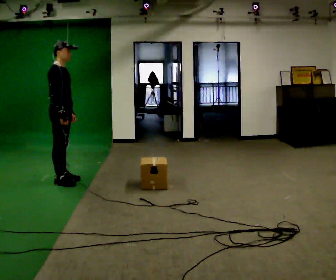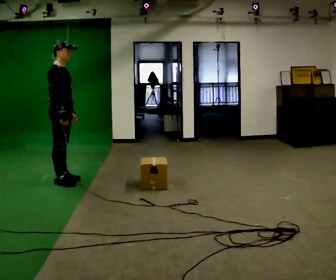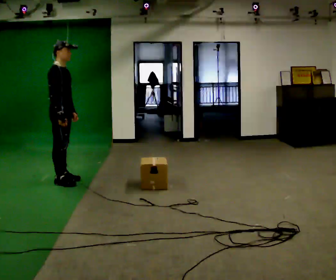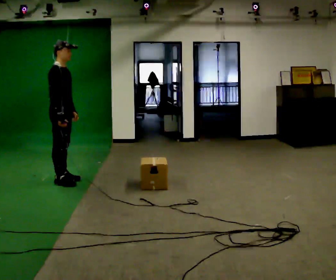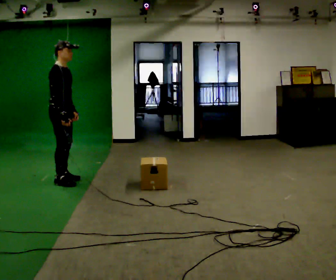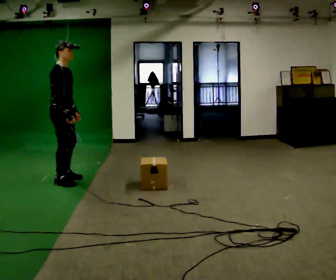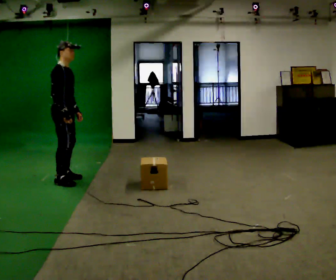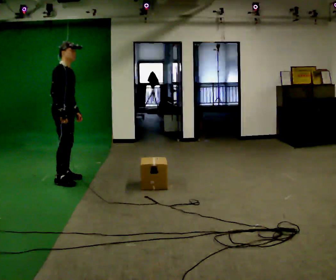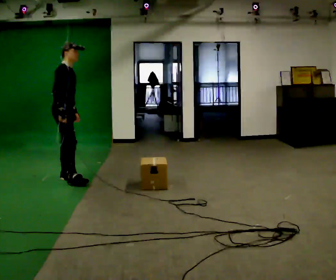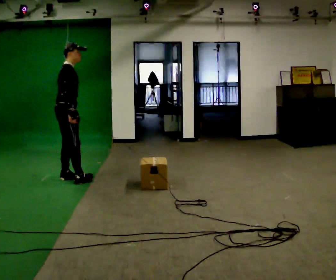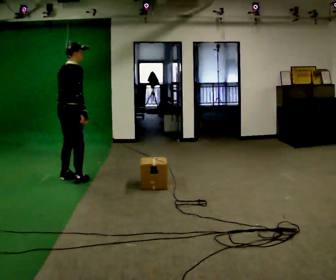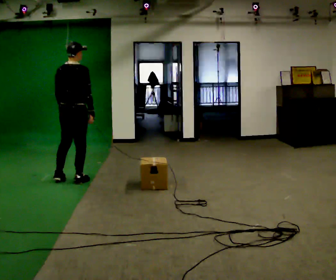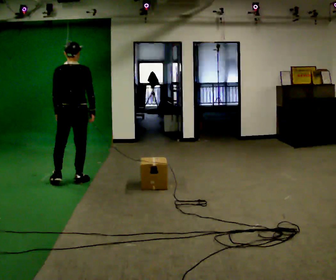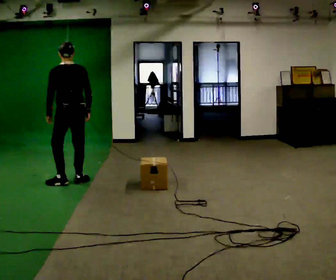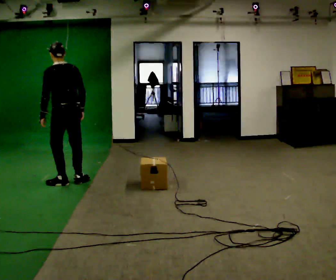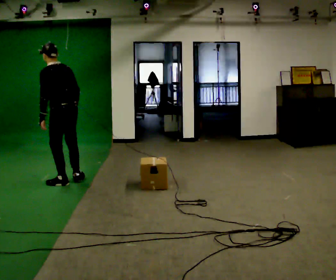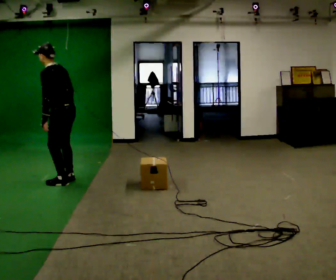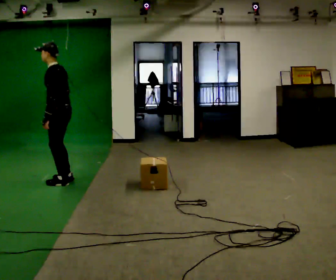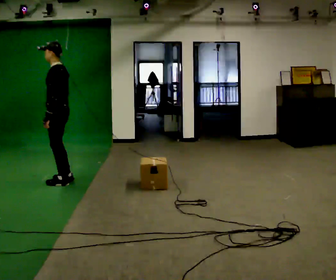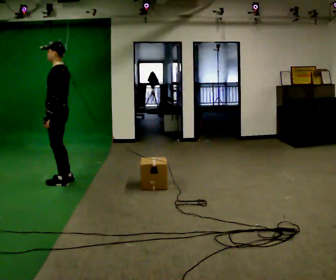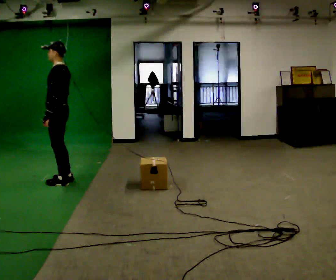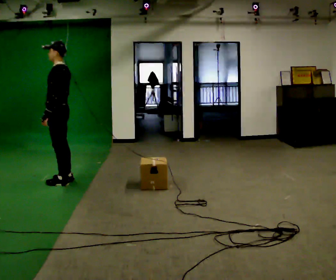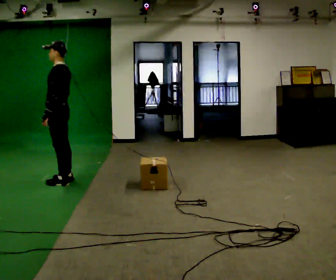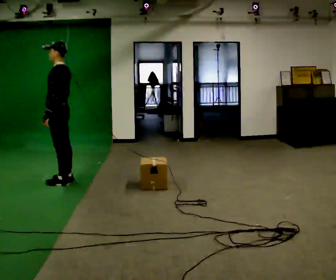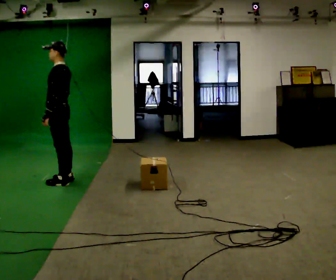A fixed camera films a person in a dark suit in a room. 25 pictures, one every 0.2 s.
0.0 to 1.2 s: The person moves a little, or ends about where they began.
1.2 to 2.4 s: The person turns about 90 degrees to their left, counterclockwise seen from above, so the part of the body nearest the lens slides to the right. In the picture they go to the right, about 0.25 m in 2 steps.
2.4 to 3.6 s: The person turns about 90 degrees to their left, counterclockwise seen from above, so the part of the body nearest the lens slides to the right.
3.6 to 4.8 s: The person moves a little, or ends about where they began.
The film runs backward here.
